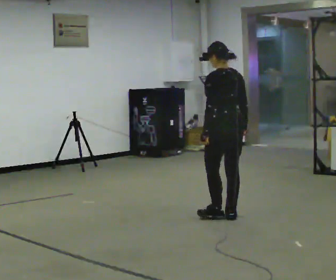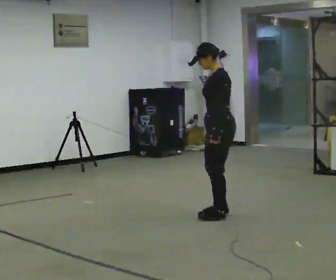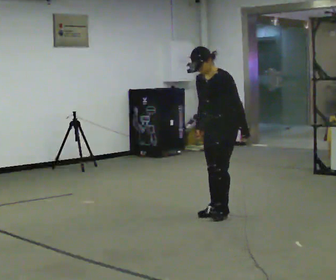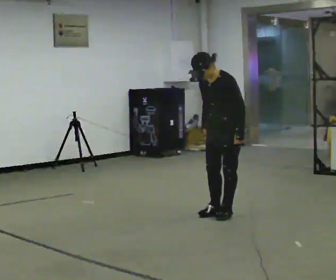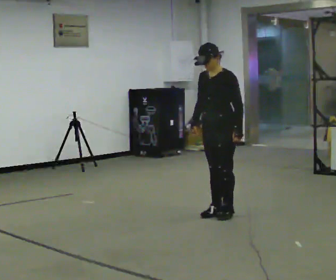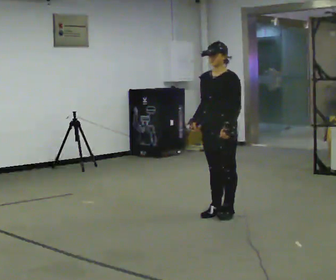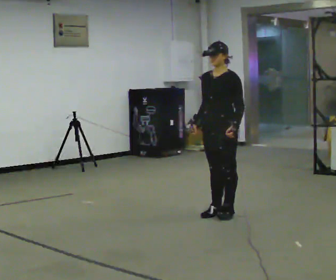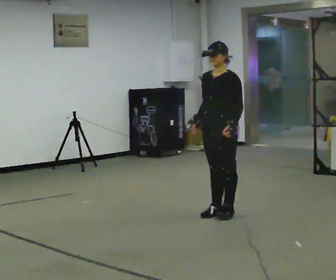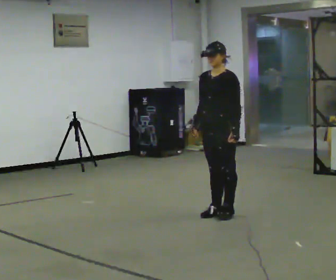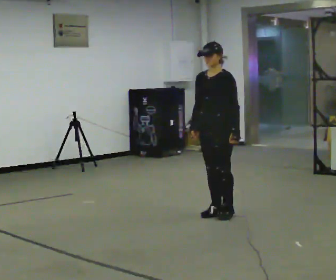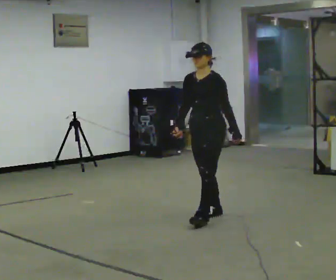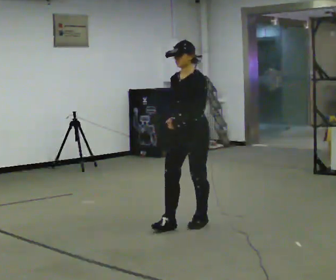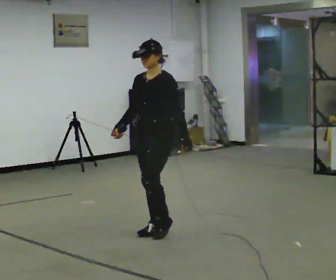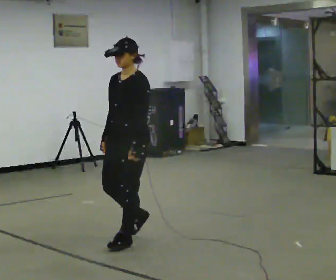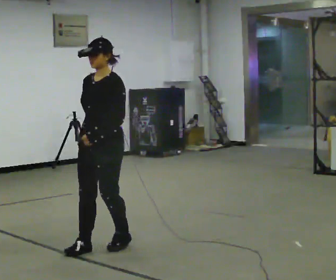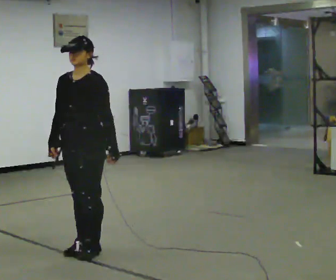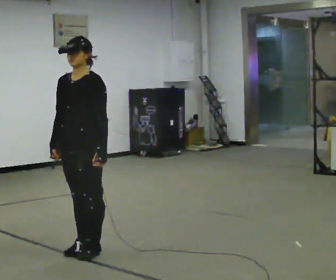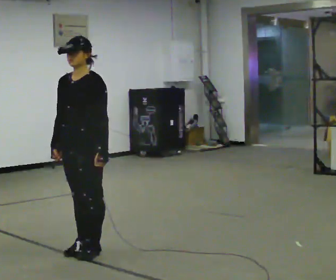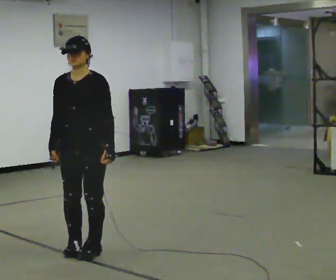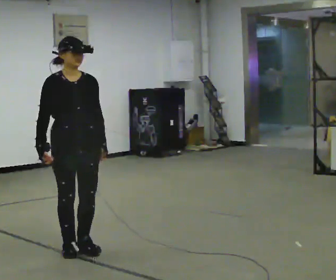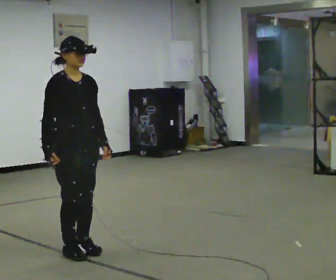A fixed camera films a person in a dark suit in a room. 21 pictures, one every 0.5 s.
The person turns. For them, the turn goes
to their left.
The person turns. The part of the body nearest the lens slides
to the right.
0.0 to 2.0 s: The person turns about 105 degrees to their left, counterclockwise seen from above, so the part of the body nearest the lens slides to the right. In the picture their right hand goes to the left, the arm swinging clockwise.
2.0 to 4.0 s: The person moves a little, or ends about where they began.
4.0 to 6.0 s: In the picture they go toward the camera and to the left, about 1 m in 2 steps, which for them is forward.
6.0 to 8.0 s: In the picture they go toward the camera and to the left, about 1 m in 3 steps, which for them is forward.
8.0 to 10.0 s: The person turns about 90 degrees to their left, counterclockwise seen from above, so the part of the body nearest the lens slides to the right.
The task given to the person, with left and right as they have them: Walk; stop fully; turn 90° left/right while standing; walk new direction.
The film runs forward here.
